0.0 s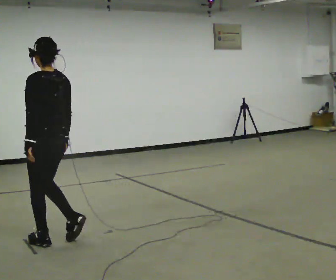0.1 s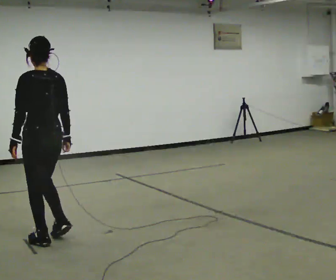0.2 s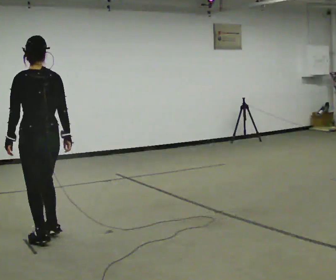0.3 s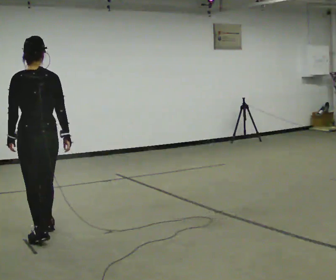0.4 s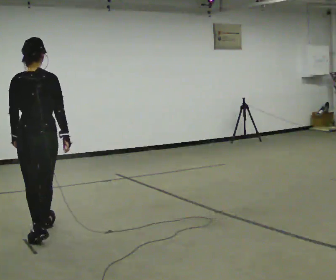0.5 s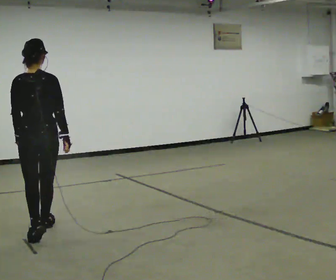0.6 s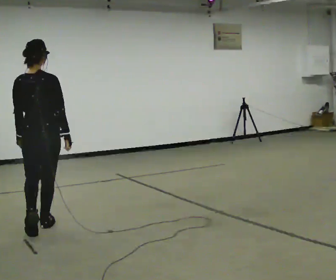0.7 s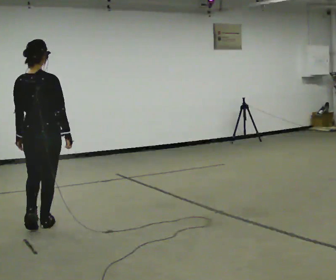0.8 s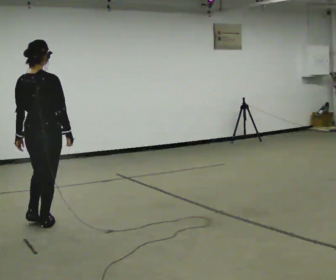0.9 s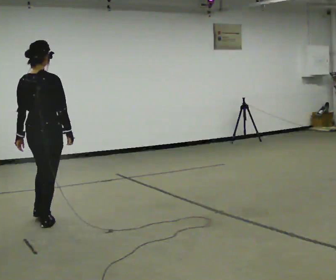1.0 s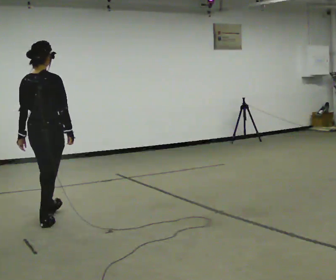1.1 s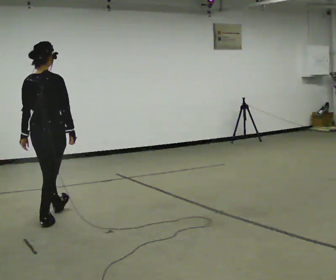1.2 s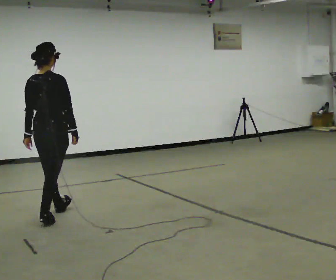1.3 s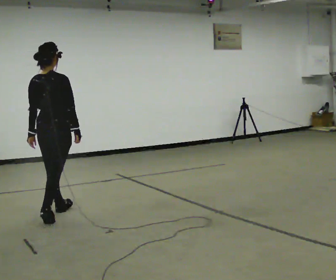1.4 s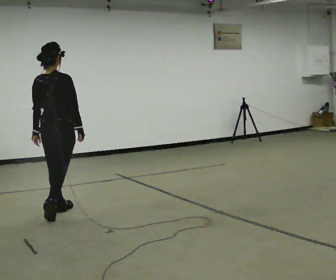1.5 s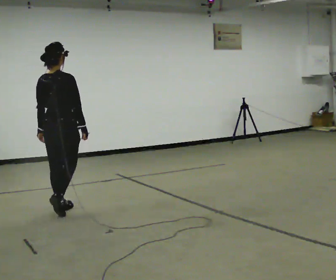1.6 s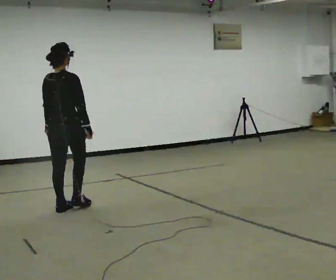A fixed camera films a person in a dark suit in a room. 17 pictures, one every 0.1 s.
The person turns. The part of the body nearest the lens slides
to the left.
The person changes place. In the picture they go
away from the camera.
0.0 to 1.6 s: The person turns about 60 degrees to their right, clockwise seen from above, so the part of the body nearest the lens slides to the left. In the picture they go away from the camera, about 1 m in 2 steps.
The film runs forward here.
